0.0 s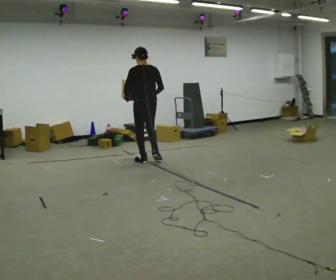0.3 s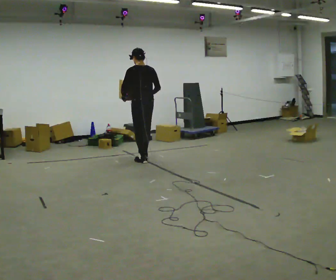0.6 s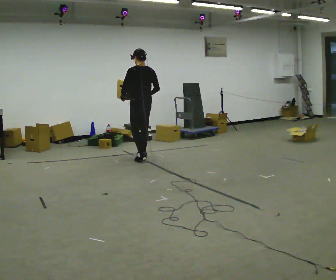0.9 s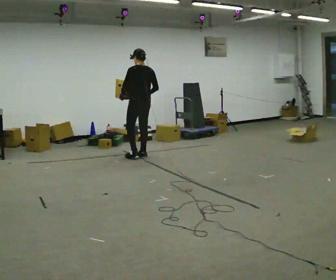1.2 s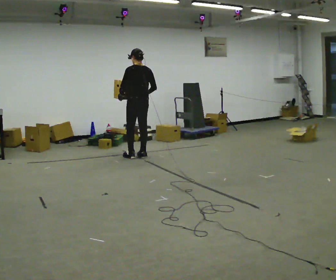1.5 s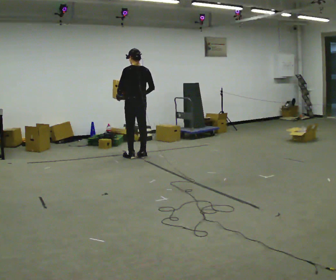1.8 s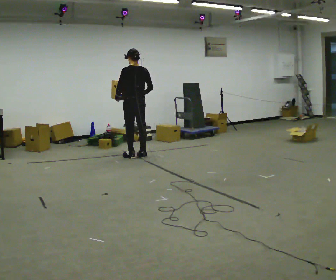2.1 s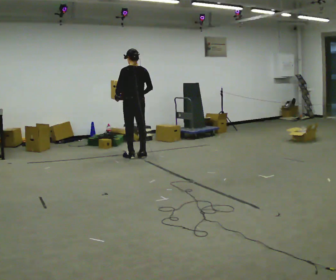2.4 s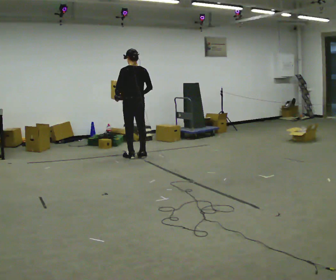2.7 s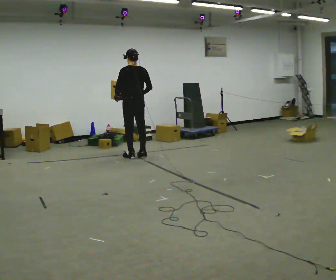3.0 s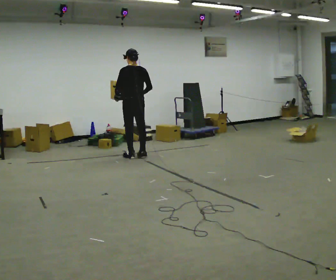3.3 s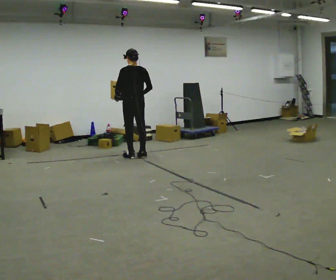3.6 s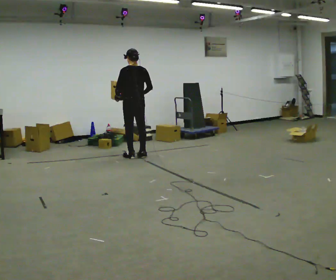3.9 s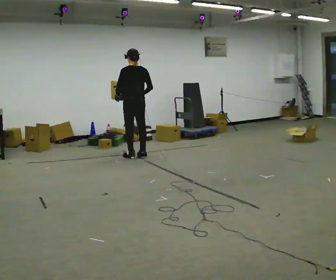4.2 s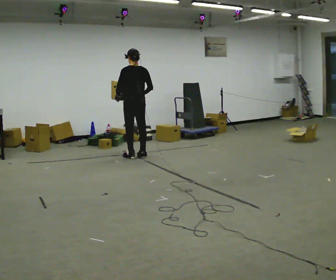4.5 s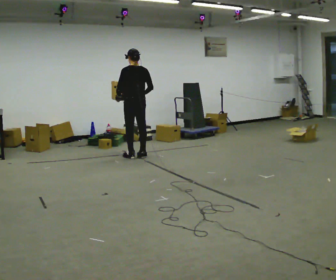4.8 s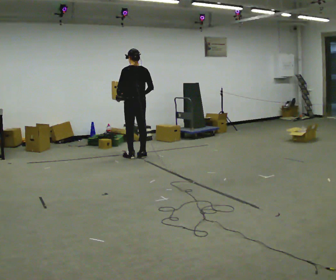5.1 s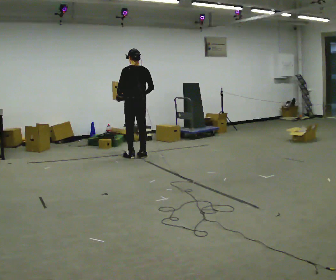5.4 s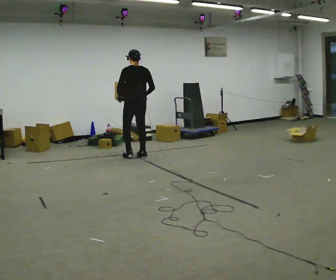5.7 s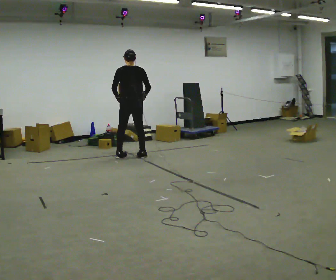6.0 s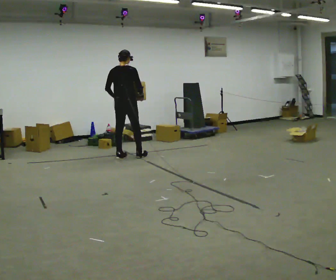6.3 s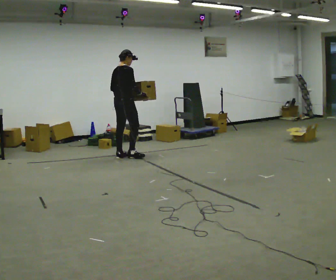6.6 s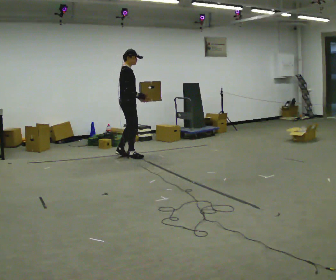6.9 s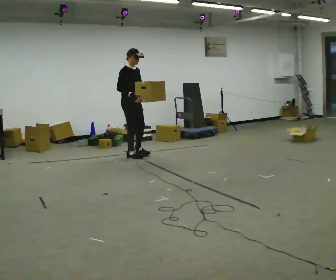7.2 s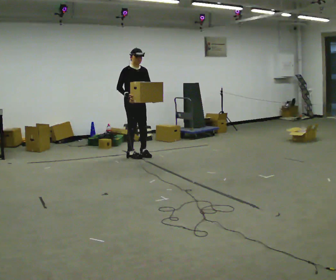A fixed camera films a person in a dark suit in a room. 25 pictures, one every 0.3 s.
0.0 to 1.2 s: In the picture they go away from the camera, about 0.5 m in 2 steps, which for them is forward.
1.2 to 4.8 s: The person moves a little, or ends about where they began.
4.8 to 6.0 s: Seen from above the body turns clockwise, about 45 degrees: to their right, with its near side sliding to the left. In the picture they go to the left, about 0.25 m in 1 step, which for them is to their left.
6.0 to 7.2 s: The part of the body nearest the lens slides to the left as the person turns to their right by about 120 degrees. In the picture their left hand goes to the right, the arm swinging counterclockwise.
The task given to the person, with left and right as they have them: Carry the heaviest box in both hands in front of you, walking back and forth across the room. Only carry what is comfortable. Set it down whenever you need to.
The film runs forward here.
